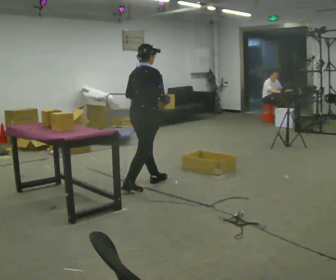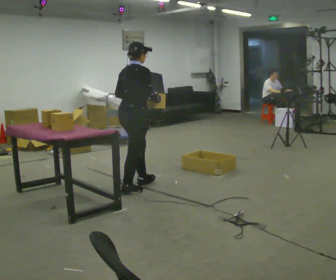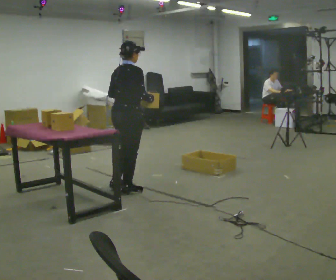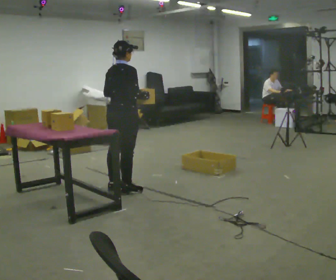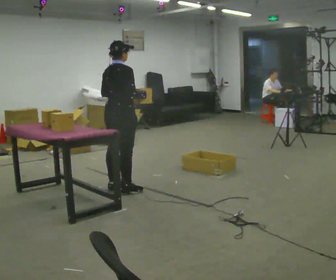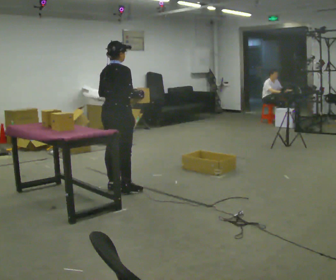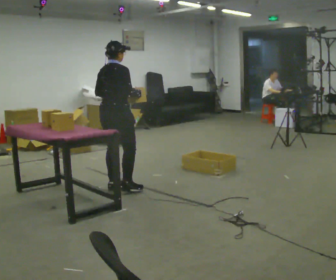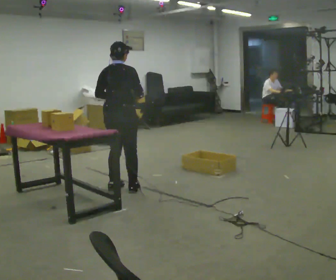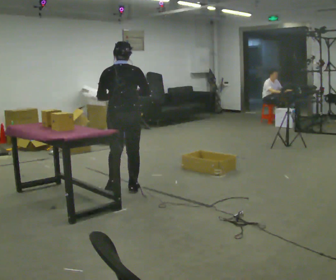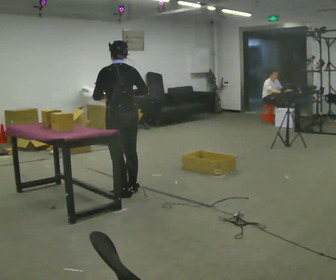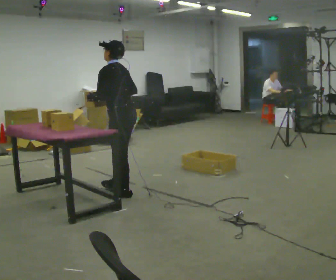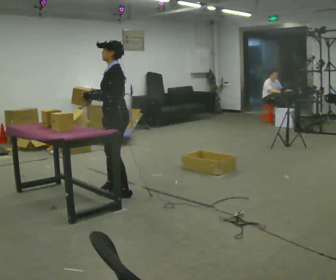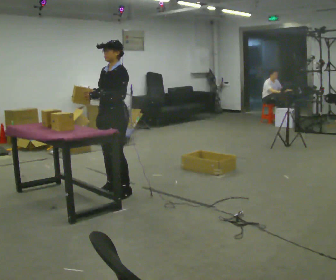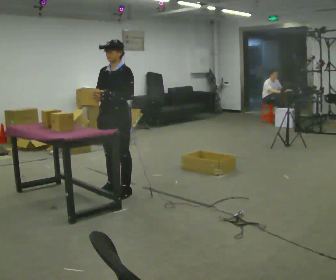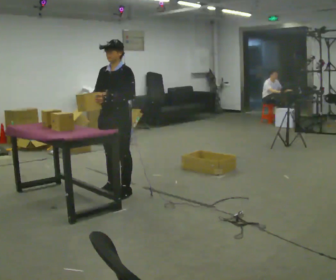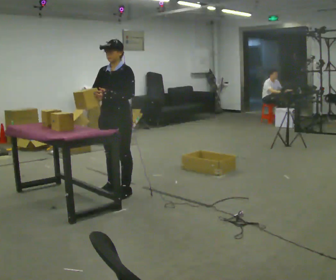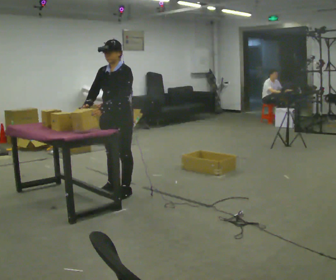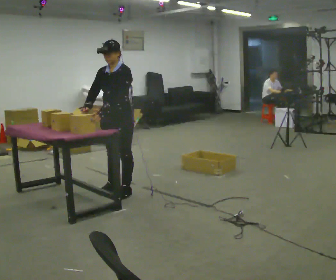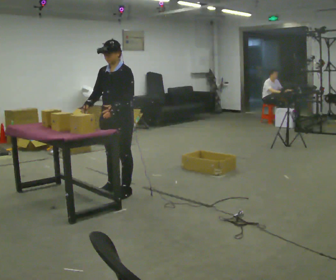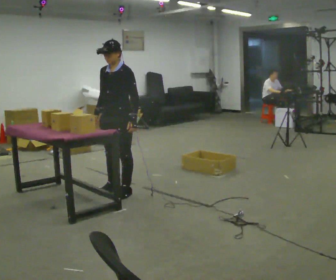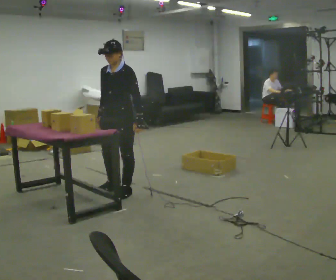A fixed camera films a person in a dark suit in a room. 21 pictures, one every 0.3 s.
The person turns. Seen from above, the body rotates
counterclockwise.
The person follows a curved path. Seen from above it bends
counterclockwise.
0.0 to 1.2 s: In the picture they go to the left, about 0.25 m in 1 step, which for them is backward.
1.2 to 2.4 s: The part of the body nearest the lens slides to the right as the person turns to their left by about 45 degrees.
2.4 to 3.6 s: The person turns about 120 degrees to their left, counterclockwise seen from above, so the part of the body nearest the lens slides to the right. In the picture their right hand goes to the left.
3.6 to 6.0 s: In the picture their left hand goes to the right.
The film runs backward here.
